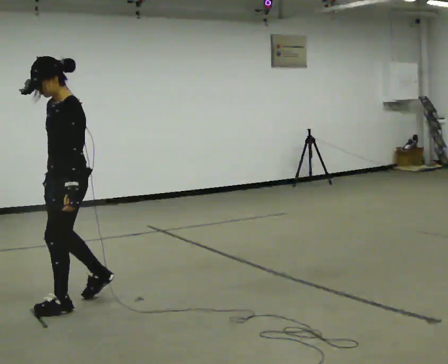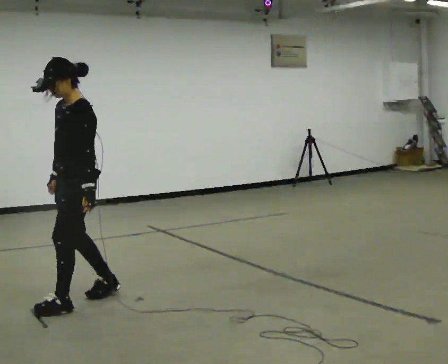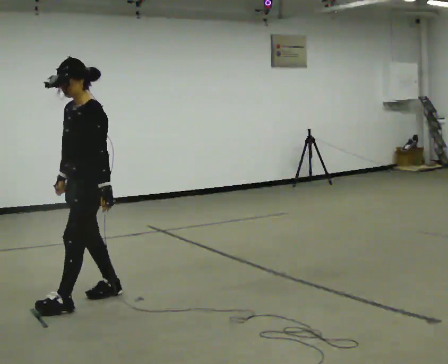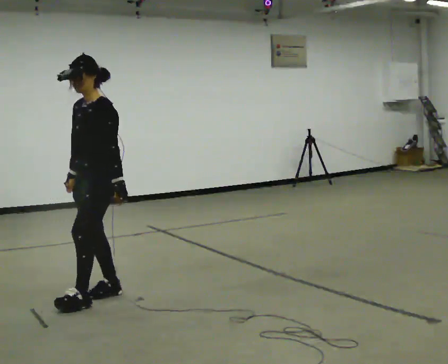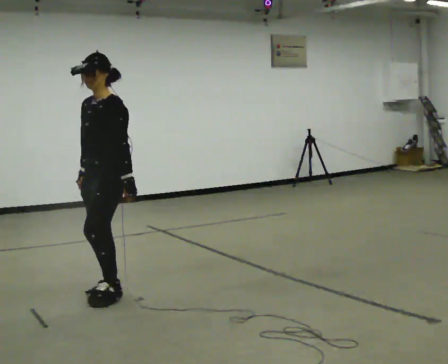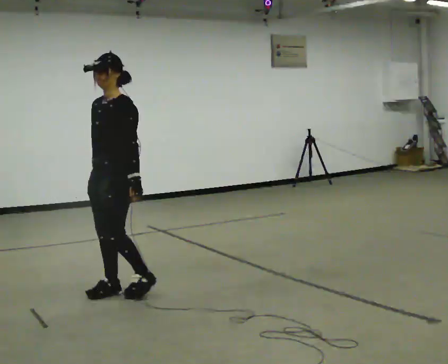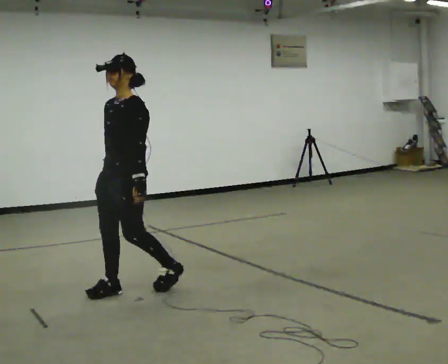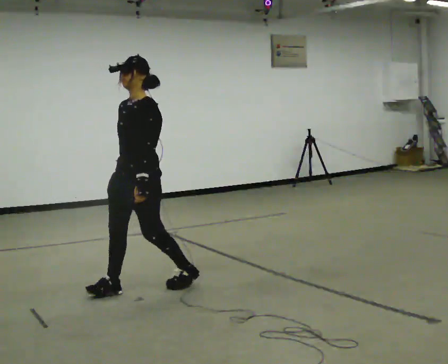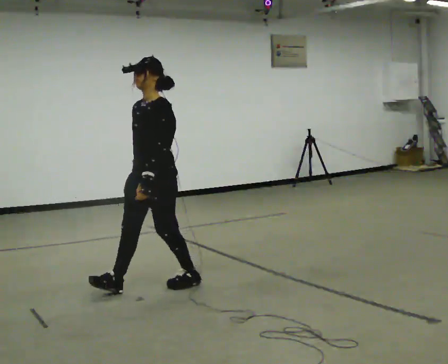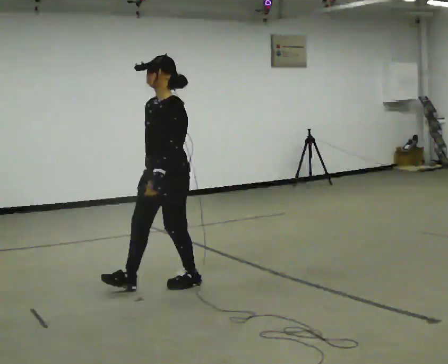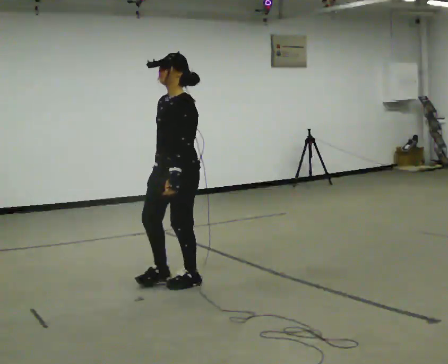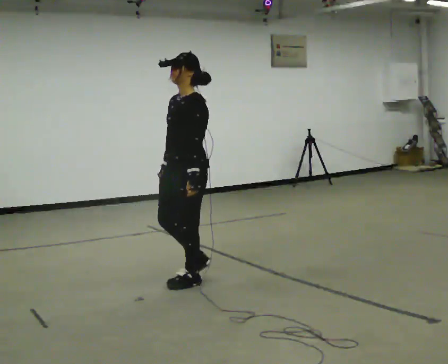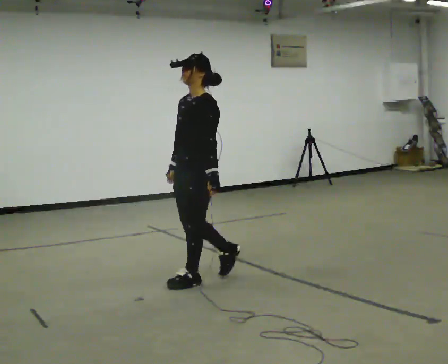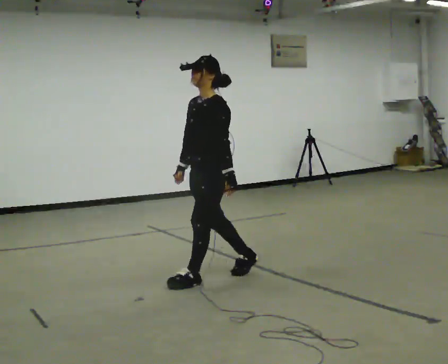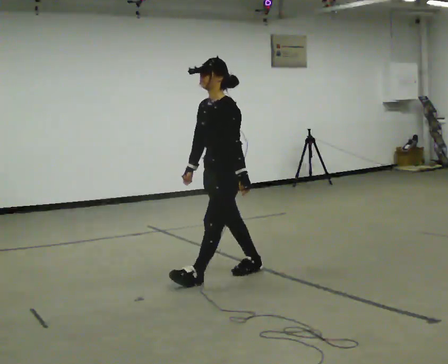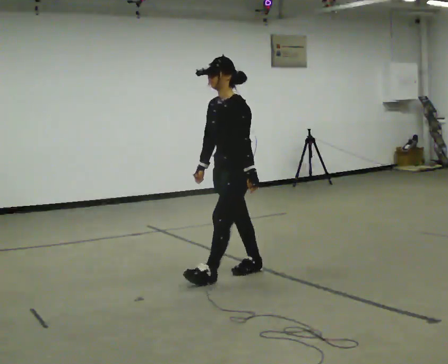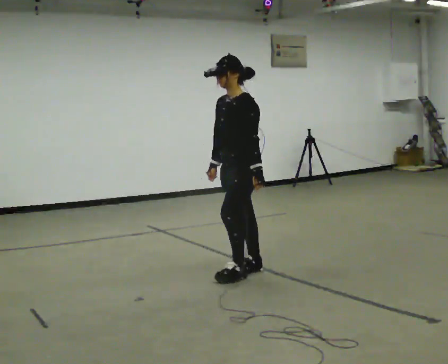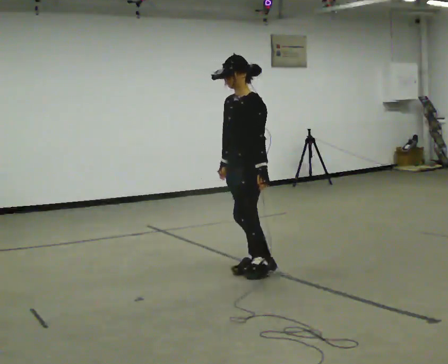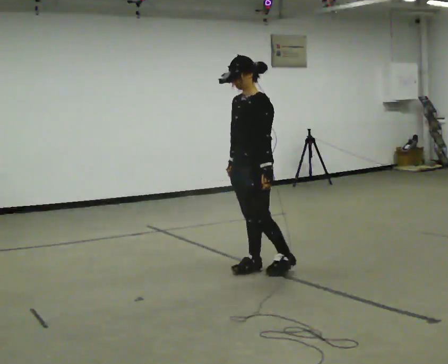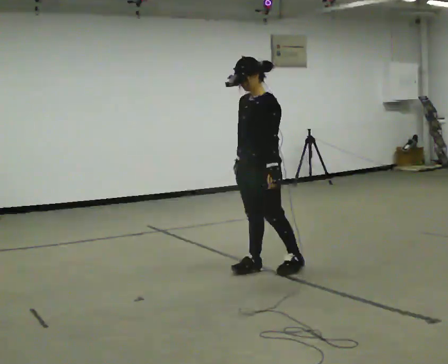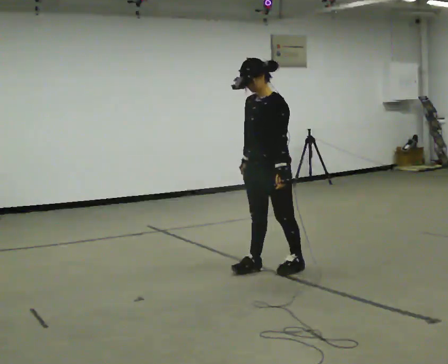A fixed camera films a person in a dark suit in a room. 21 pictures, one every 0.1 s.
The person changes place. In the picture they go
to the right.
0.0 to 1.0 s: In the picture they go to the right and away from the camera, about 1 m in 2 steps, which for them is backward.
1.0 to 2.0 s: In the picture they go to the right and away from the camera, about 0.5 m in 2 steps, which for them is backward.
The film runs forward here.
